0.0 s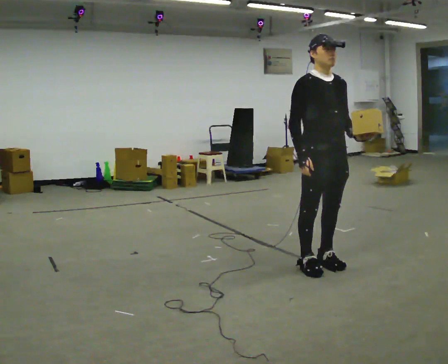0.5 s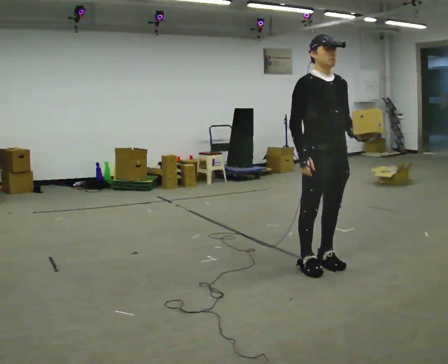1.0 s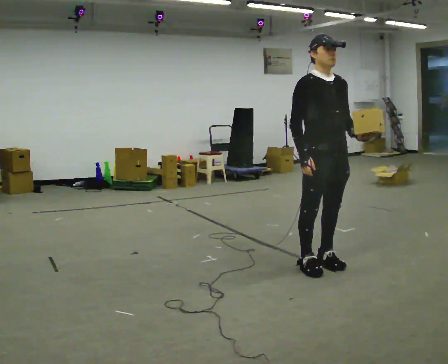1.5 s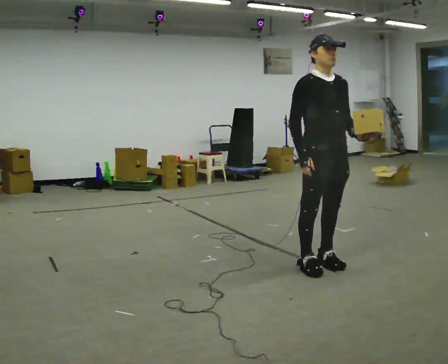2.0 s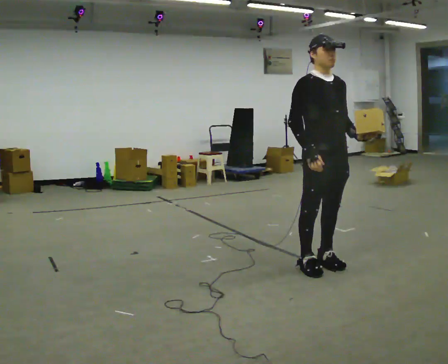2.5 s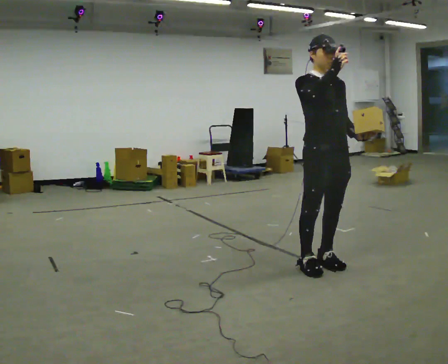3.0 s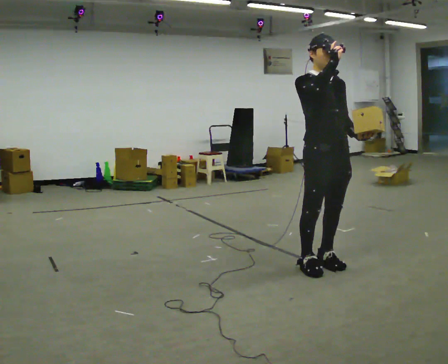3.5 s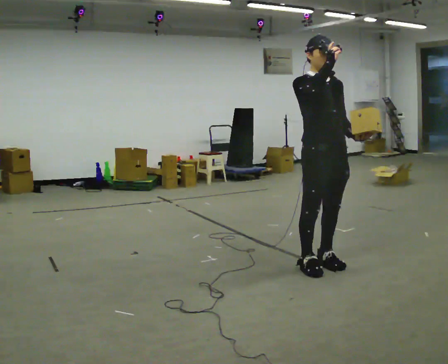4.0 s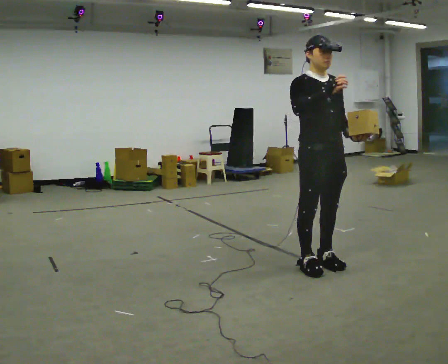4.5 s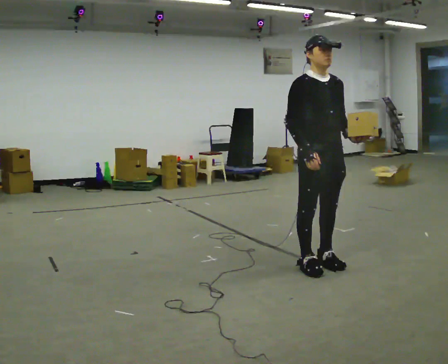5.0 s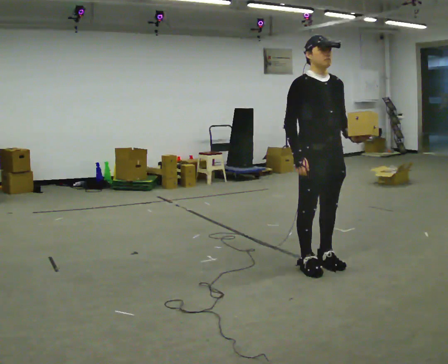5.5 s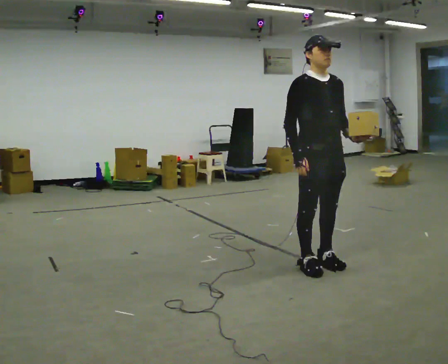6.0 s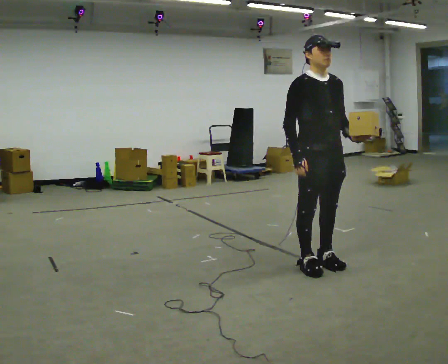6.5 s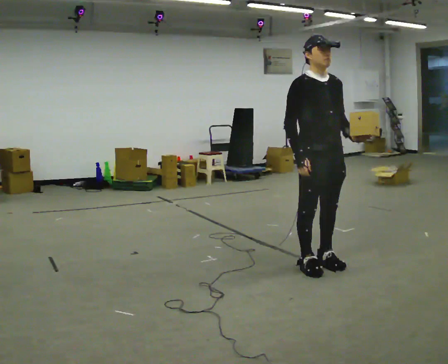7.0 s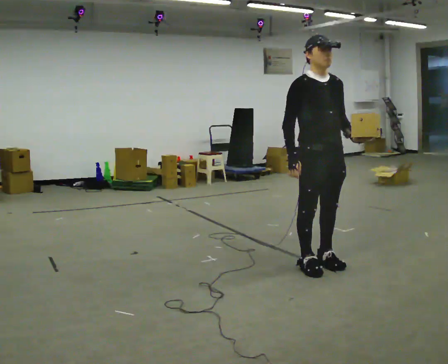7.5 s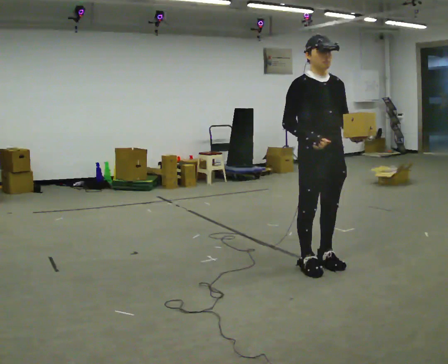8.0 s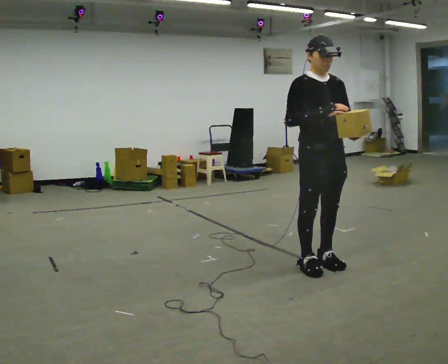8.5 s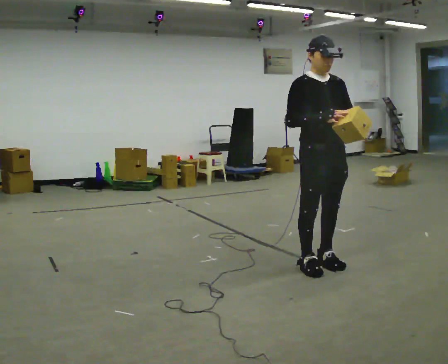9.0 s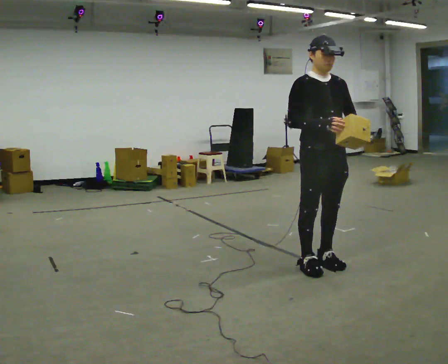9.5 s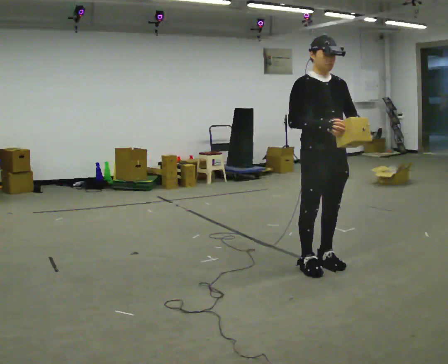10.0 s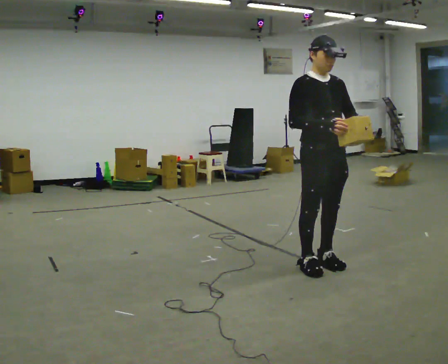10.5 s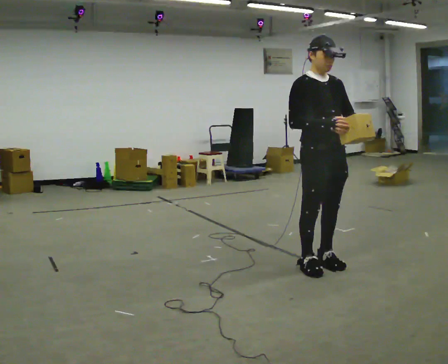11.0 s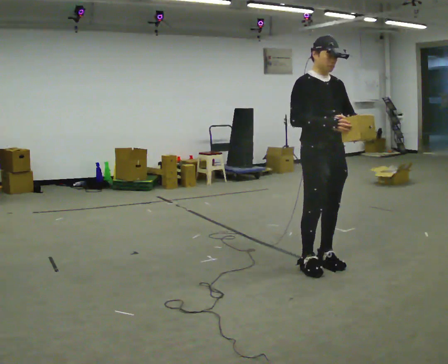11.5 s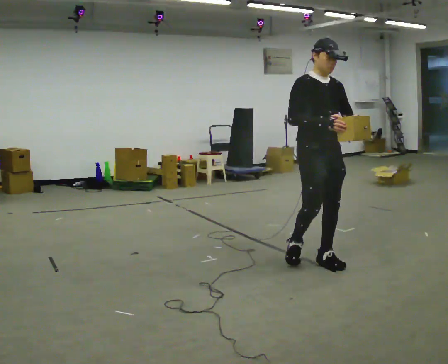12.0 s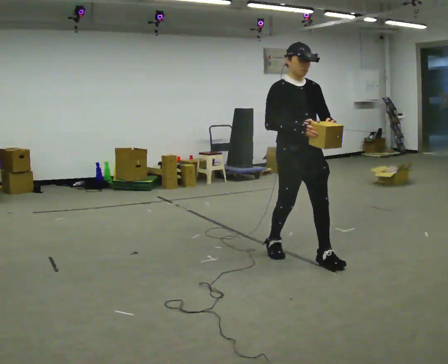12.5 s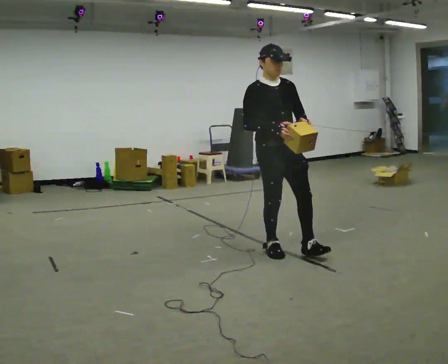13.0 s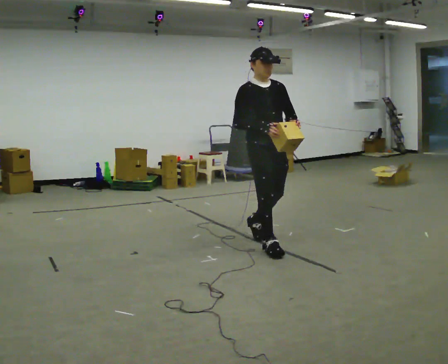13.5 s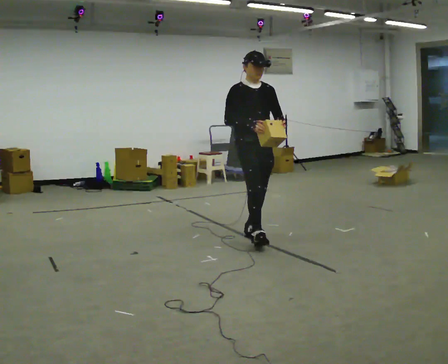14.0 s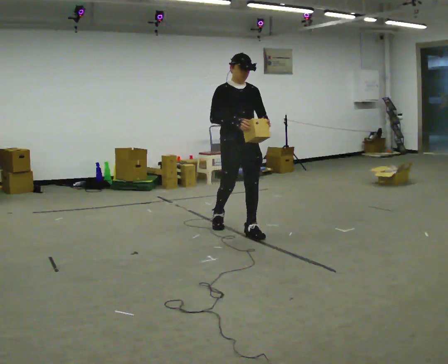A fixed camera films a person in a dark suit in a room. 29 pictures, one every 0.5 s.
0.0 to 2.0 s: The person moves a little, or ends about where they began.
2.0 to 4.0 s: In the picture their right hand goes upward.
4.0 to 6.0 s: In the picture their right hand goes downward.
6.0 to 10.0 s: The person moves a little, or ends about where they began.
10.0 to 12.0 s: In the picture they go away from the camera and to the left, about 0.25 m in 1 step, which for them is backward.
12.0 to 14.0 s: In the picture they go away from the camera and to the left, about 1 m in 2 steps, which for them is backward.
The film runs backward here.
